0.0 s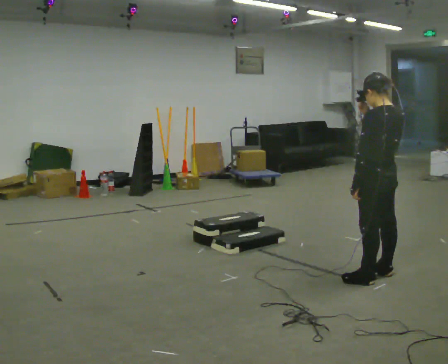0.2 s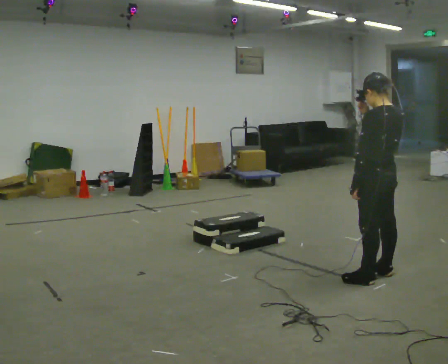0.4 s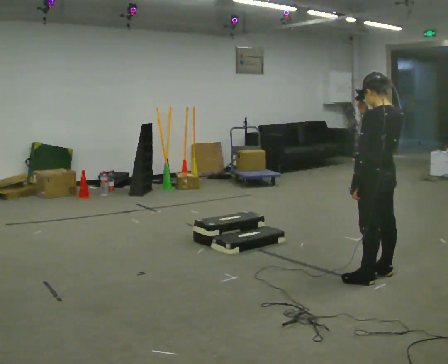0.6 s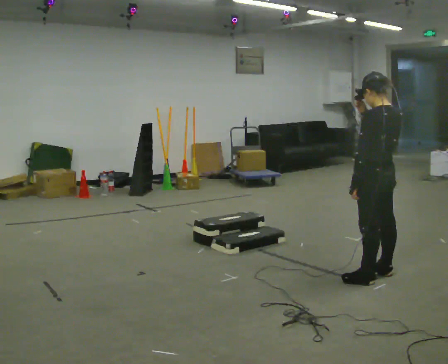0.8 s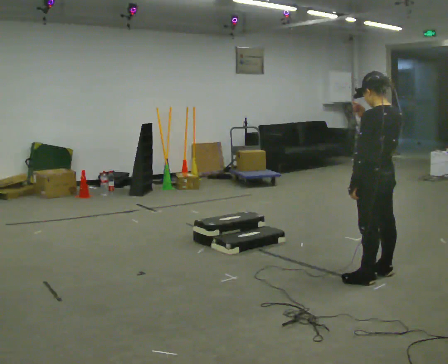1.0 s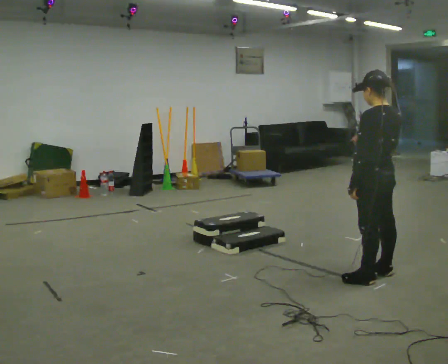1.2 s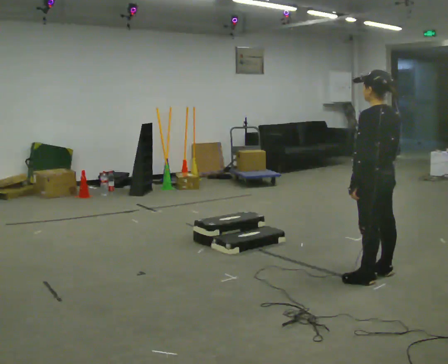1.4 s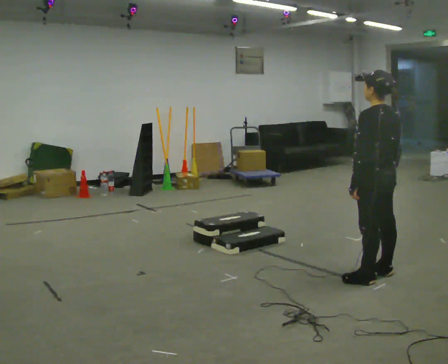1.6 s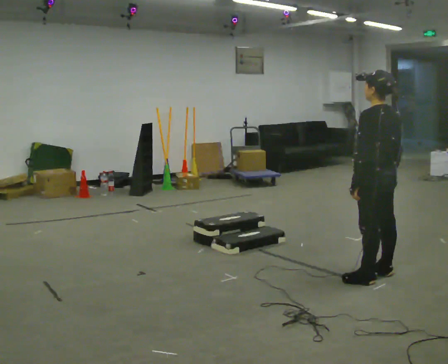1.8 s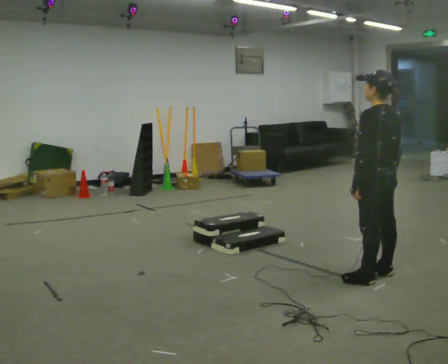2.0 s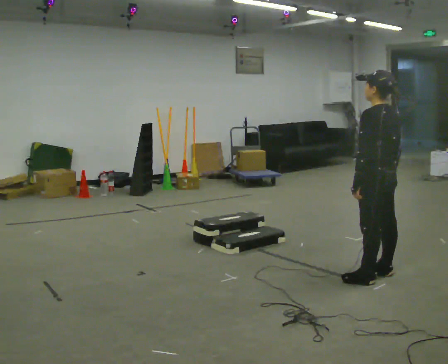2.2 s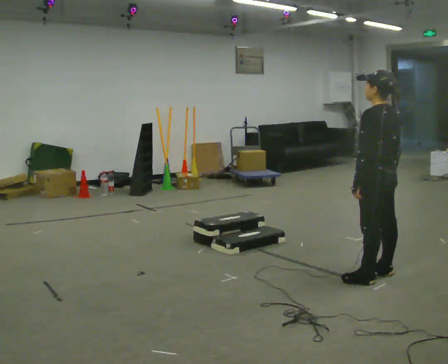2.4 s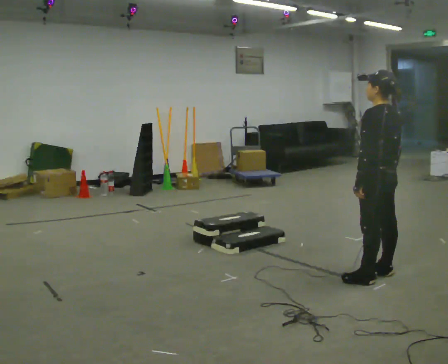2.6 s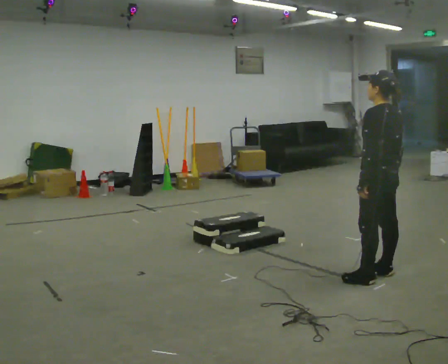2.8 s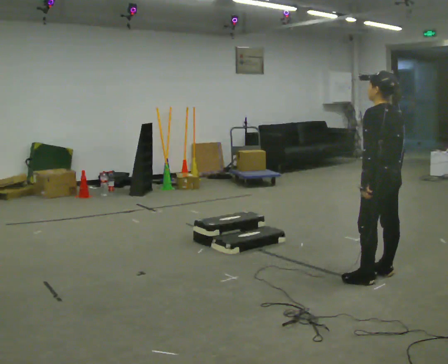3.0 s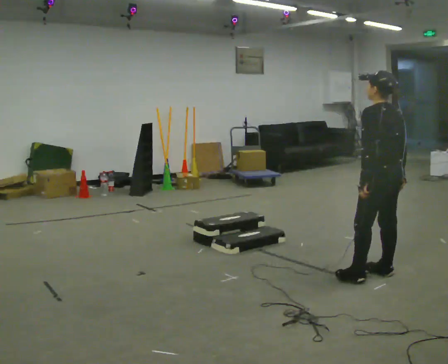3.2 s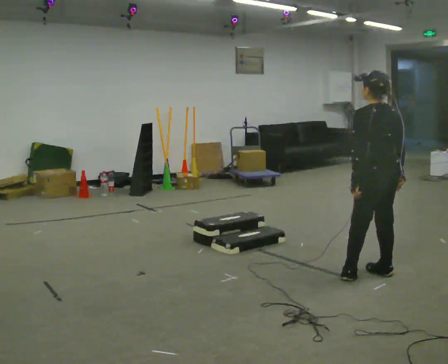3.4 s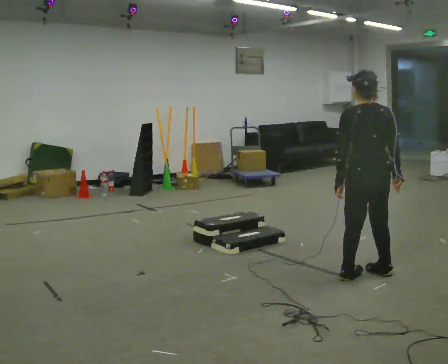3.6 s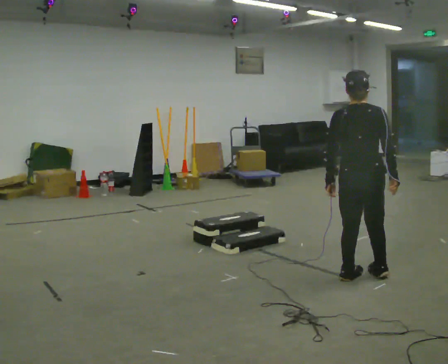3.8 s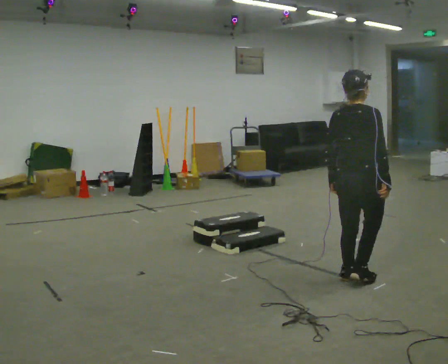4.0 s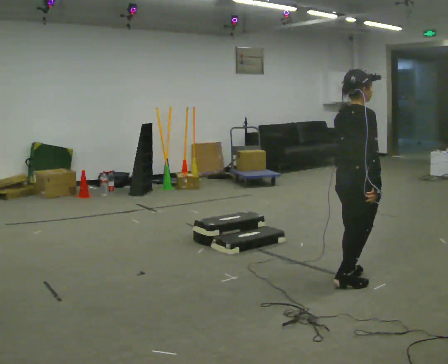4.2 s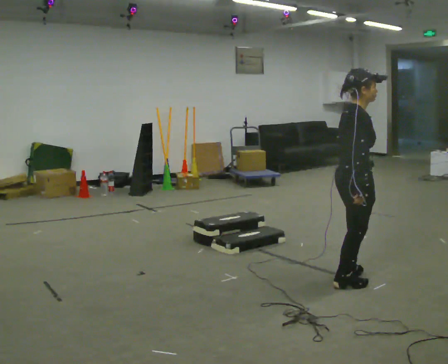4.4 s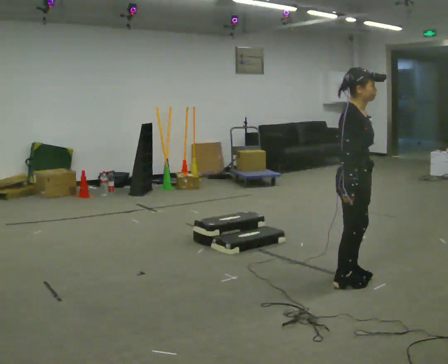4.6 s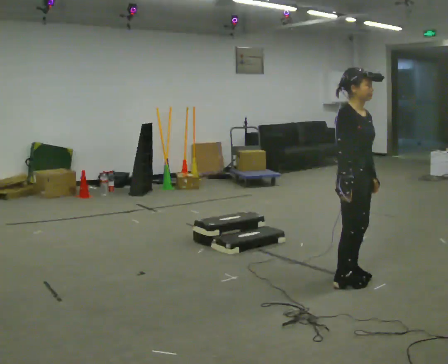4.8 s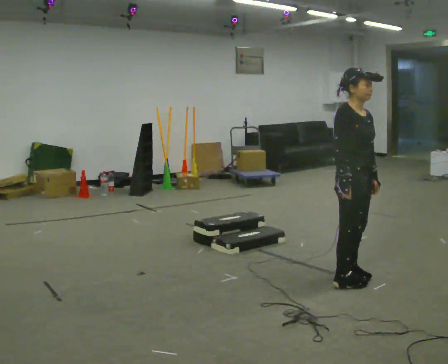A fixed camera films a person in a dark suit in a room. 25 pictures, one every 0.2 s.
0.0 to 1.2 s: In the picture their right hand goes downward.
1.2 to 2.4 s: The person moves a little, or ends about where they began.
2.4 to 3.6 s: Seen from above the body turns clockwise, about 60 degrees: to their right, with its near side sliding to the left.
3.6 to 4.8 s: The person turns about 120 degrees to their right, clockwise seen from above, so the part of the body nearest the lens slides to the left. In the picture their left hand goes to the right, the arm swinging counterclockwise.
The film runs backward here.
